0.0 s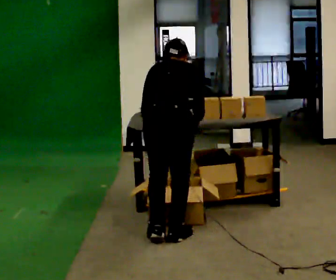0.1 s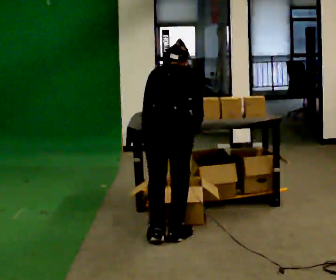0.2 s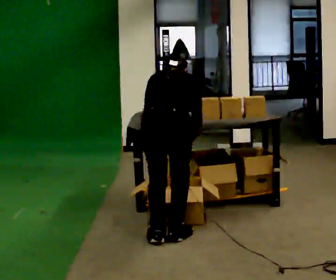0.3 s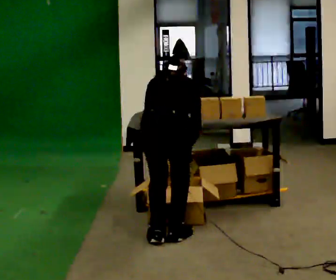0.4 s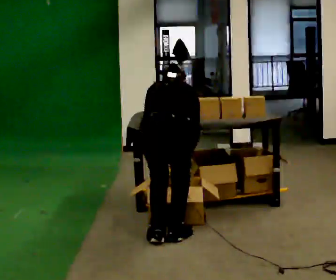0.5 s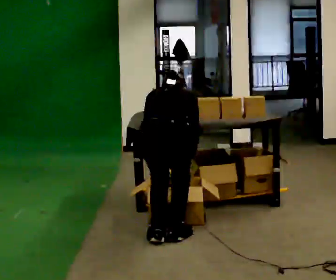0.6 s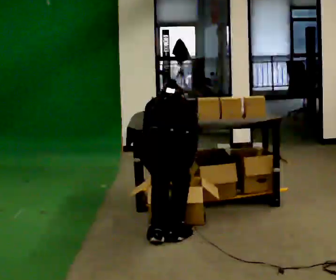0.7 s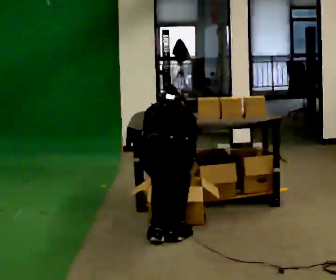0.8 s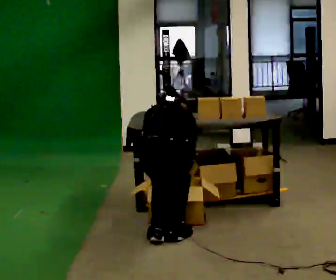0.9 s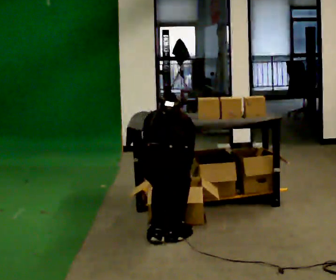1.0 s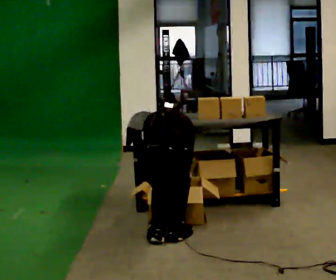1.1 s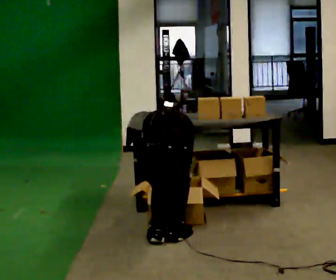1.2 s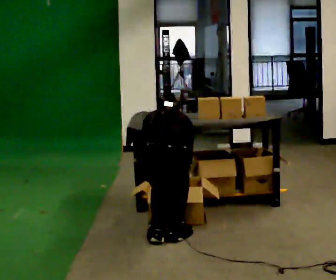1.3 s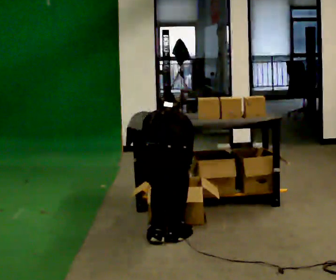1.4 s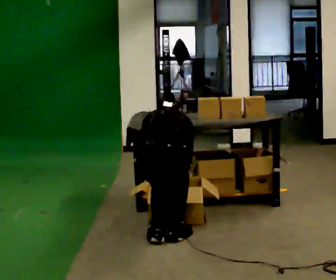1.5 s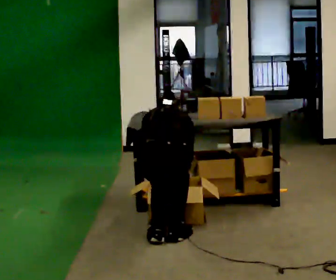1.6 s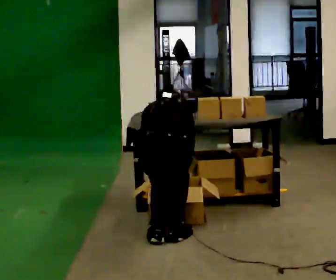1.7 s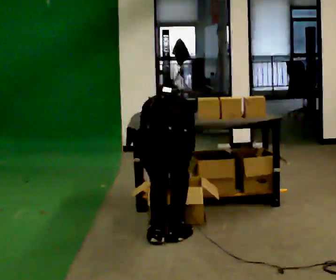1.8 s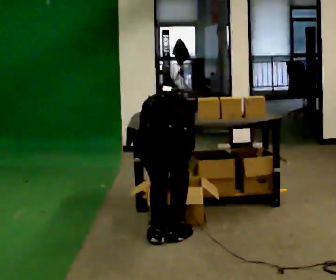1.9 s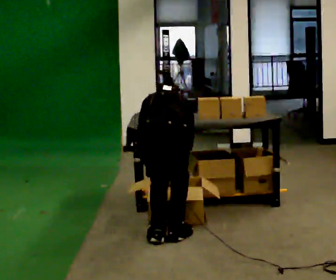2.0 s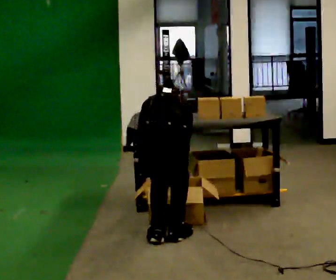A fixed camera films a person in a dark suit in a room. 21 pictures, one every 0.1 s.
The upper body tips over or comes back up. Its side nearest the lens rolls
upward.
0.0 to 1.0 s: The shoulders move downward. The upper body tips away from the camera, its near side rolling upward, as they bend forward. In the picture their left hand goes downward.
1.0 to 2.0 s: The person moves a little, or ends about where they began.
The film runs backward here.
